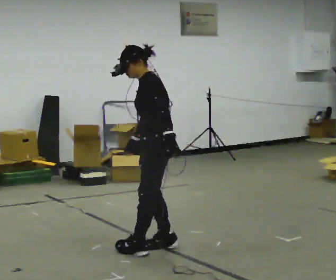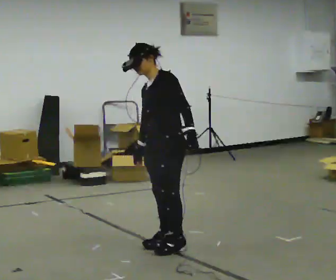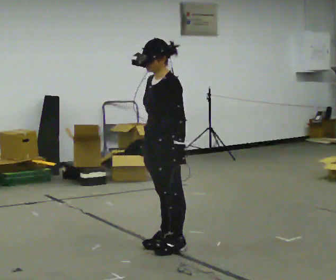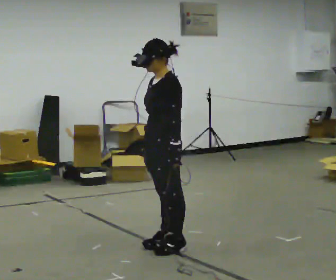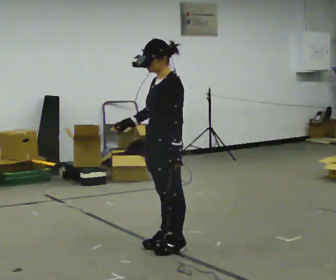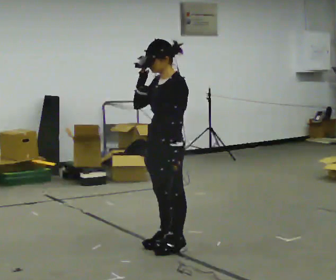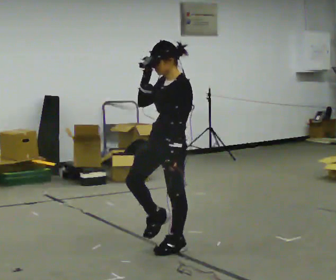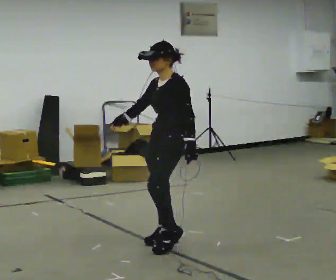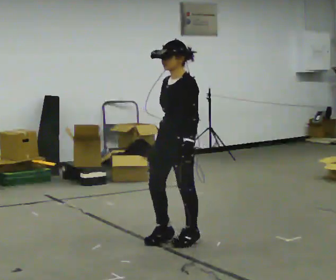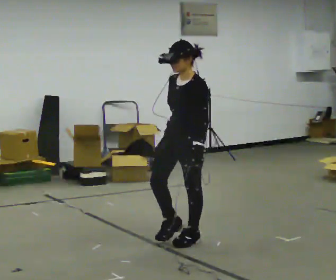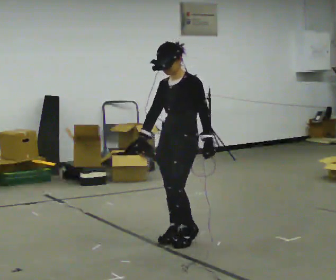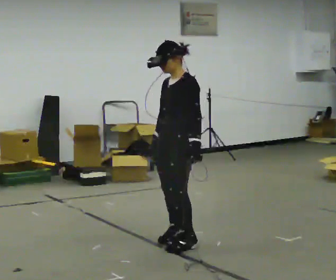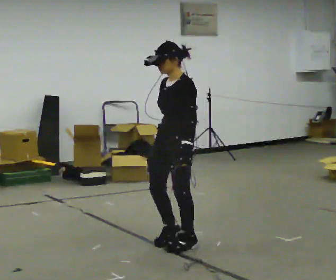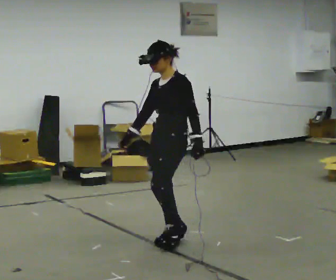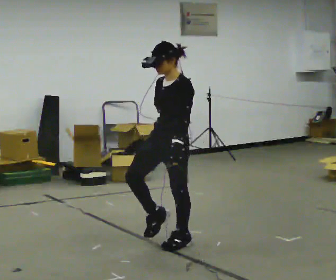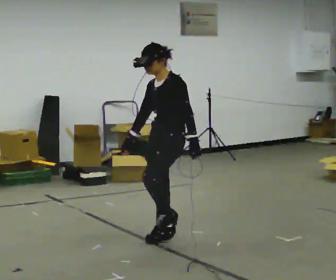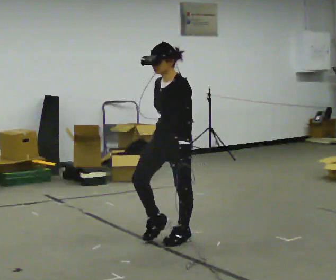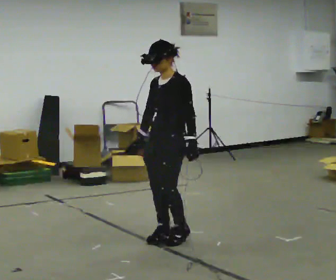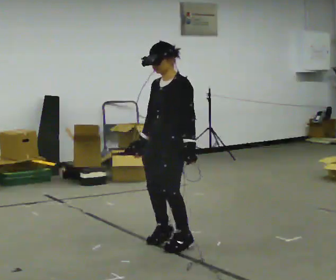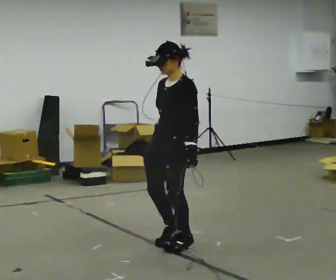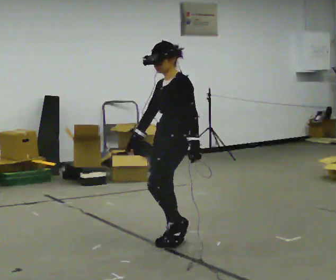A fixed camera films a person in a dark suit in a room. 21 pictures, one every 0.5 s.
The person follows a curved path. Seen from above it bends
counterclockwise.
0.0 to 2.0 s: The person moves a little, or ends about where they began.
2.0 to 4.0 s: In the picture they go away from the camera, about 0.25 m in 2 steps, which for them is backward. In the picture their right hand goes to the right.
4.0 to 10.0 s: In the picture their right hand goes to the left.
The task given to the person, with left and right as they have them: March in place at a comfortable rhythm without moving forward; stop.
The film runs forward here.
